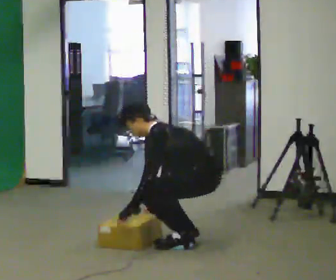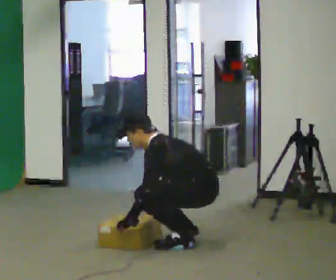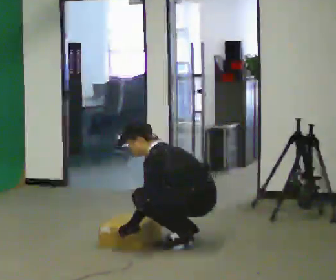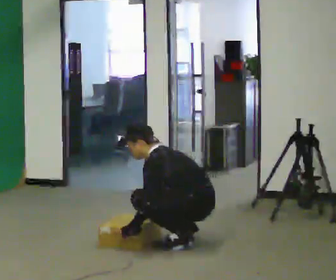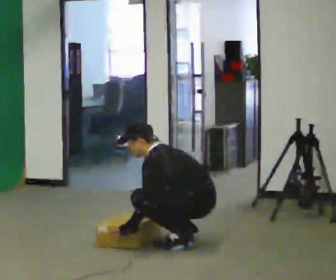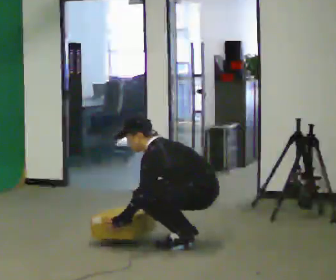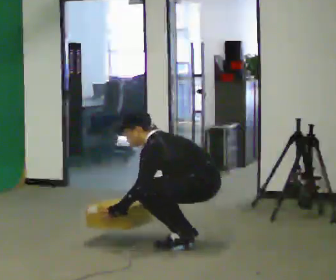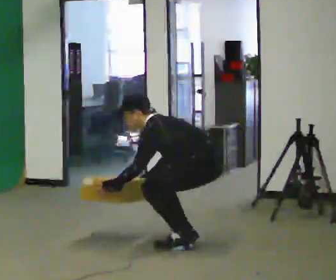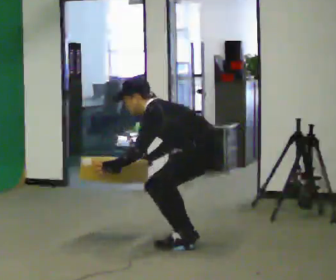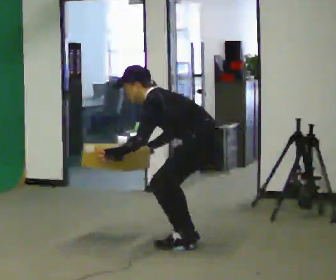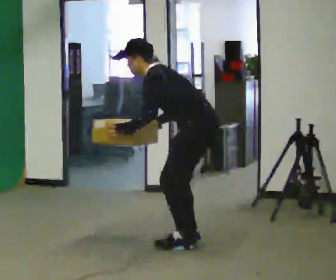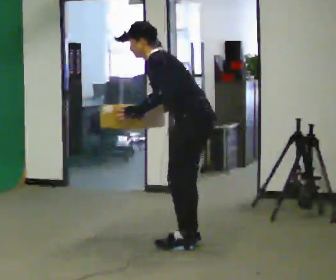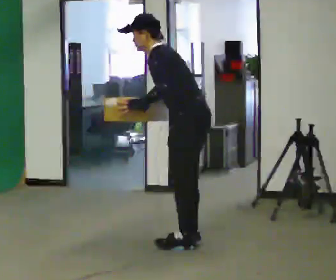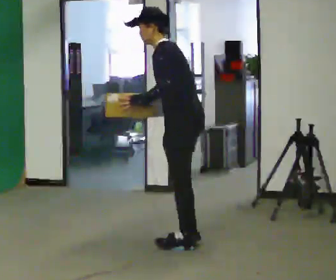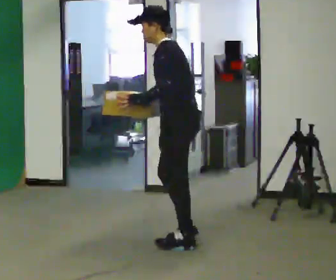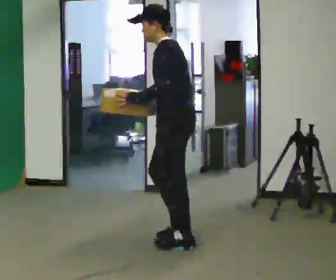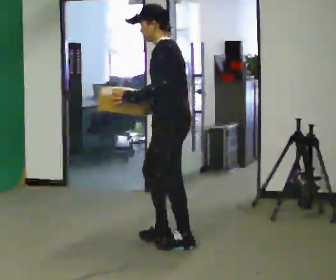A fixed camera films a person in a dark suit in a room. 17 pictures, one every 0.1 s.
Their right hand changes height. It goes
upward.
0.0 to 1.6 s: In the picture they go to the left, about 0.25 m, which for them is forward. The upper body goes upward. In the picture their right hand goes upward.
The film runs forward here.
